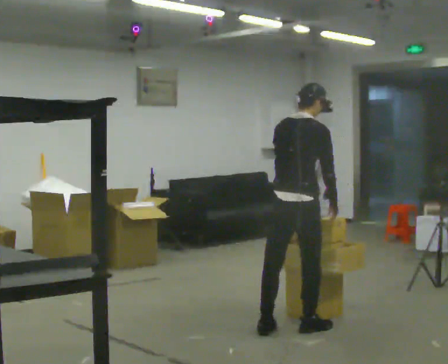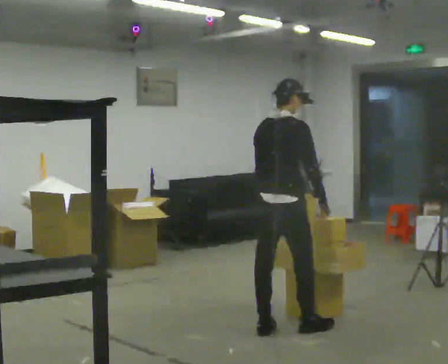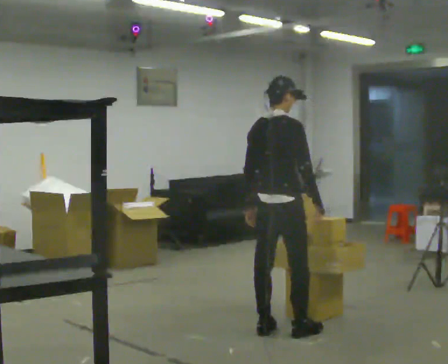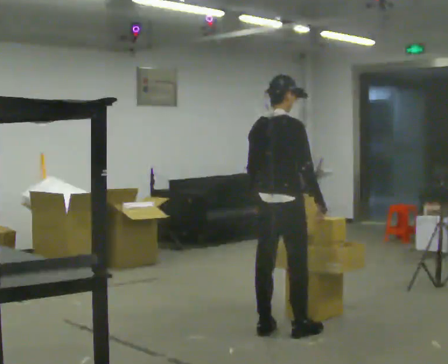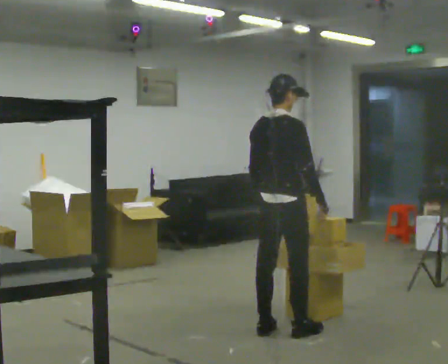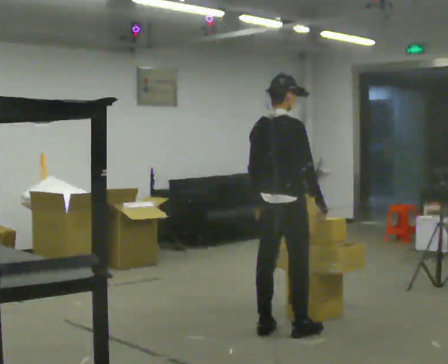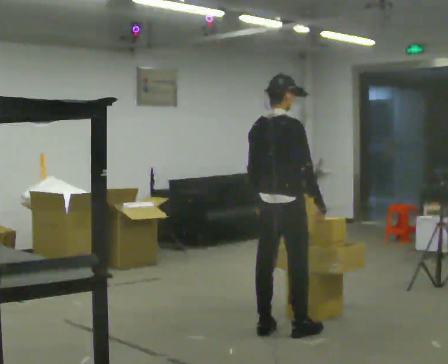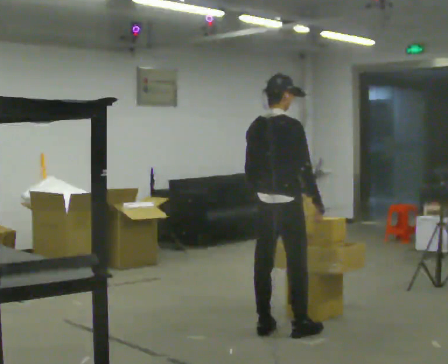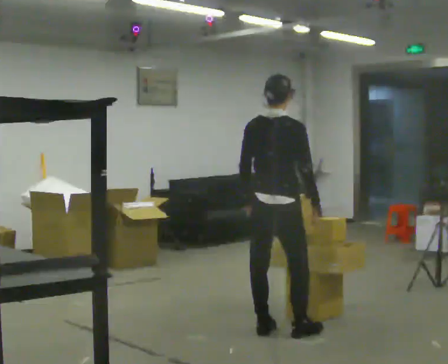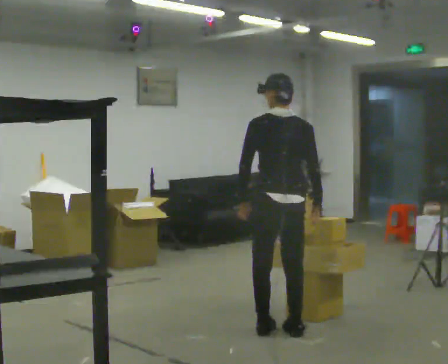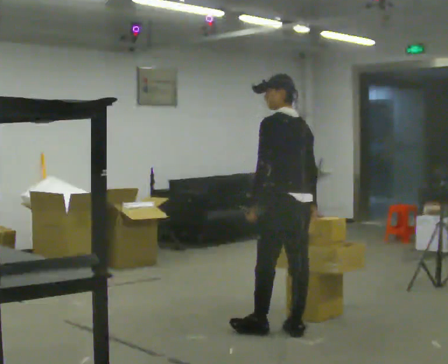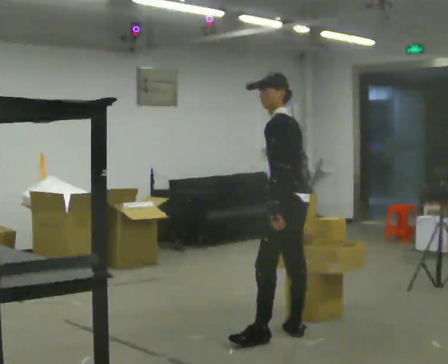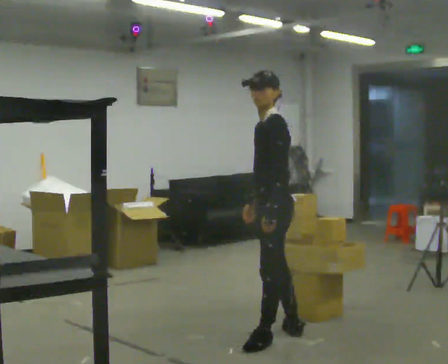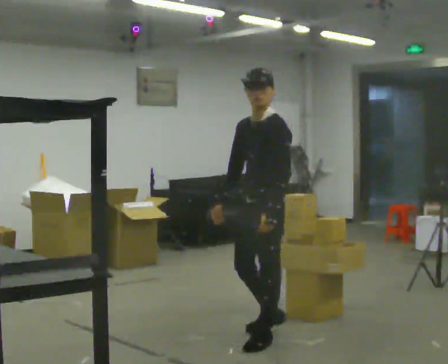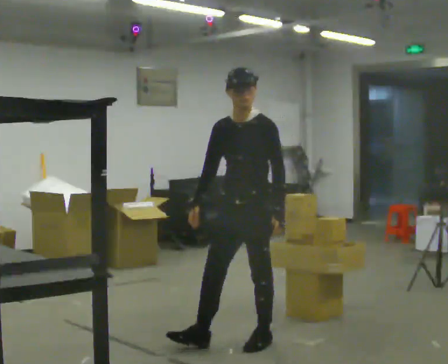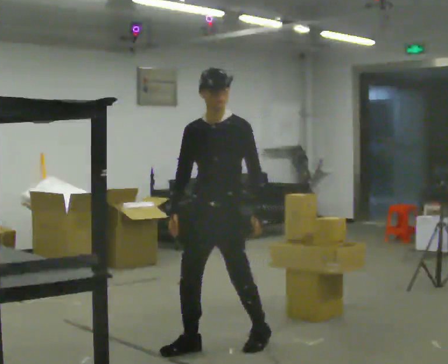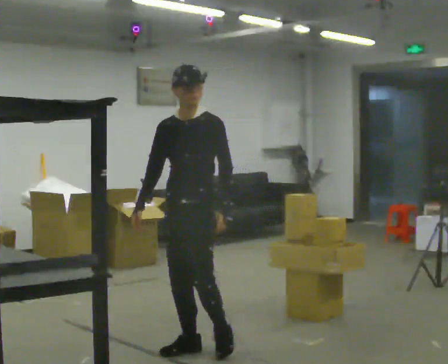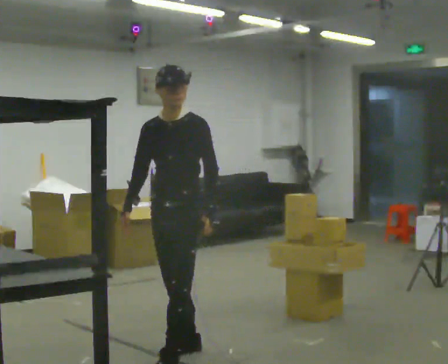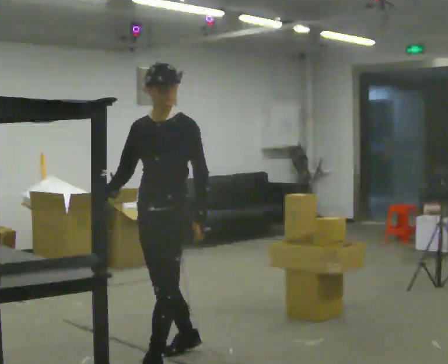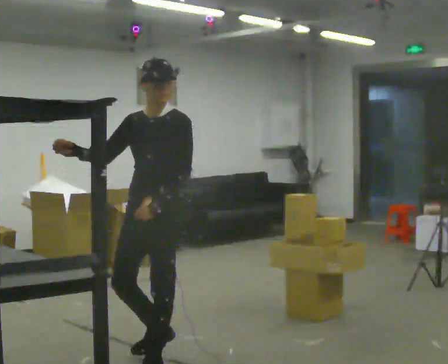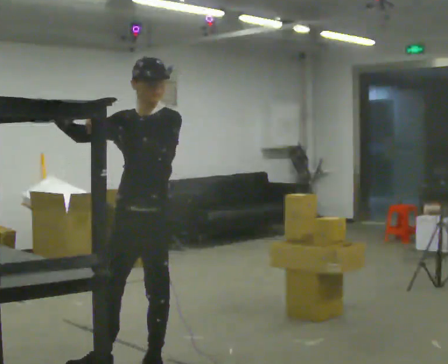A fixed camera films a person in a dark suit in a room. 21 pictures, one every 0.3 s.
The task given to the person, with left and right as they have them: Take an object down from the highest shelf you can comfortably reach, carry it across, and place it on the waist-height shelf. Keep going until the operator says stop; one object at a time, and do not rush between trips.
0.0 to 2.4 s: In the picture their left hand goes to the left.
2.4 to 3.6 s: Seen from above the body turns counterclockwise, about 120 degrees: to their left, with its near side sliding to the right. In the picture they go toward the camera, about 0.25 m in 1 step. In the picture their right hand goes to the left, the arm swinging clockwise.
3.6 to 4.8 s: Seen from above the body turns counterclockwise, about 45 degrees: to their left, with its near side sliding to the right. In the picture they go to the left and toward the camera, about 0.5 m in 1 step, which for them is forward and to their right.
4.8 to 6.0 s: In the picture they go toward the camera, about 0.5 m in 1 step, which for them is forward. In the picture their left hand goes upward.
The film runs forward here.
